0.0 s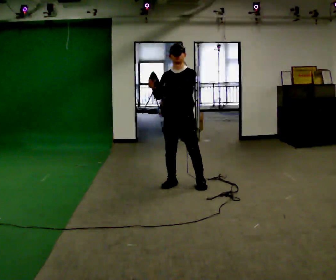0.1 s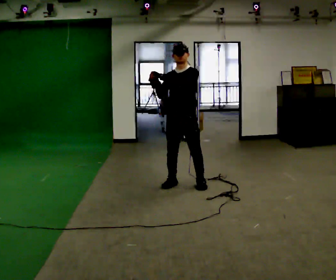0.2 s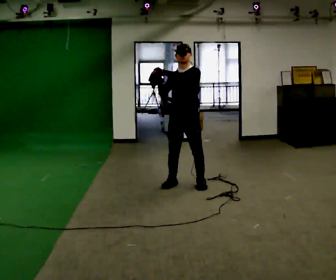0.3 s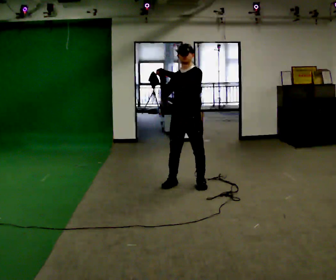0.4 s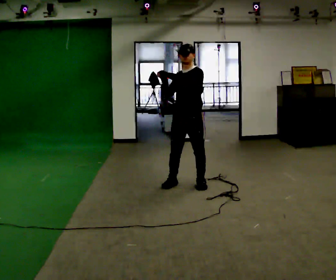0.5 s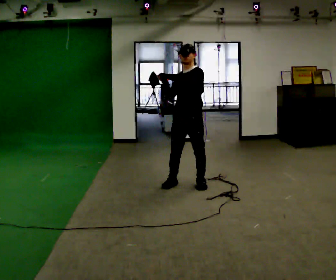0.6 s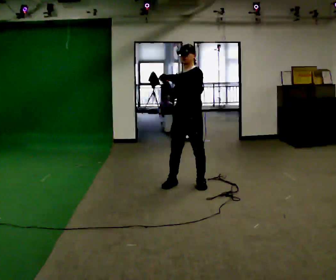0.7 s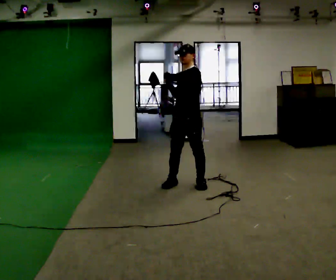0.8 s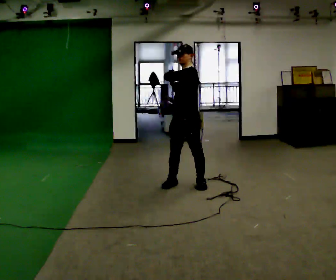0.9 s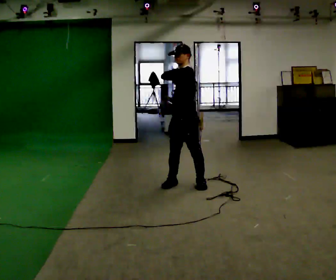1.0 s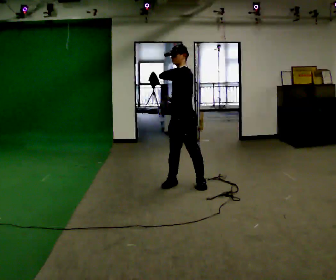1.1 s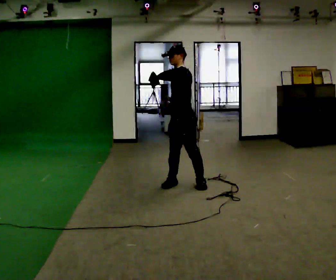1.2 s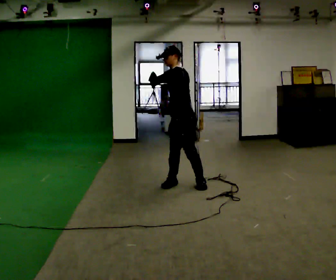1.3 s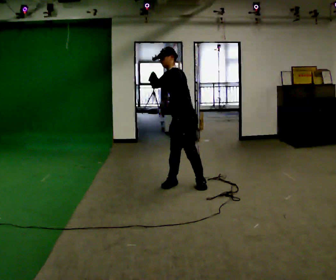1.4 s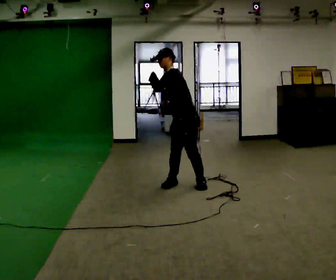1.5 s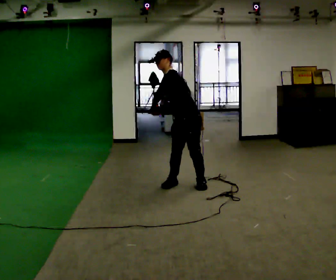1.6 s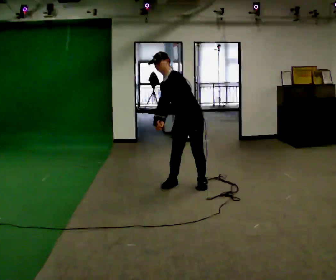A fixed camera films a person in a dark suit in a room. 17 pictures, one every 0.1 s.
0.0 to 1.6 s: Seen from above the body turns clockwise, about 30 degrees: to their right, with its near side sliding to the left. In the picture the upper body tilts counterclockwise, shoulders to the left. In the picture their right hand goes downward.
The film runs forward here.
